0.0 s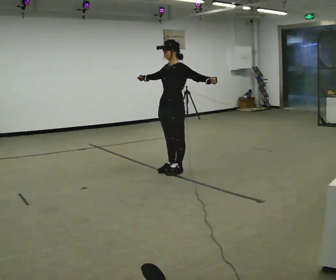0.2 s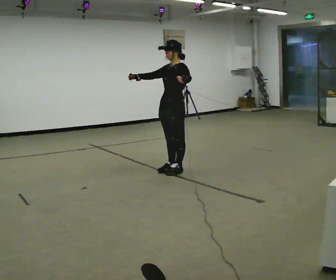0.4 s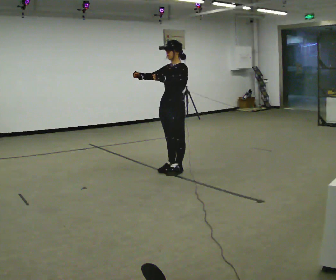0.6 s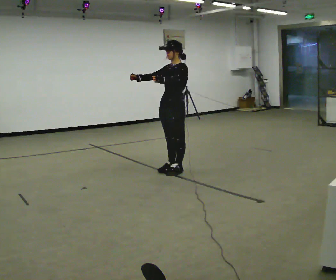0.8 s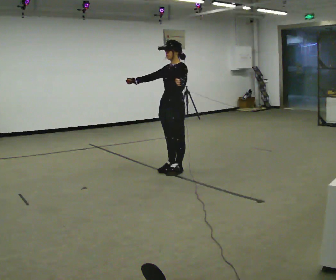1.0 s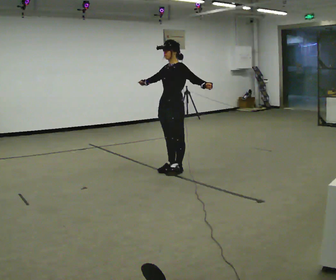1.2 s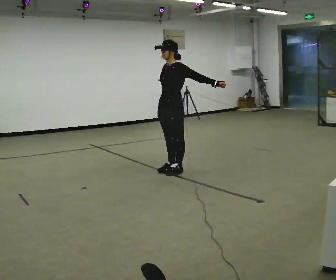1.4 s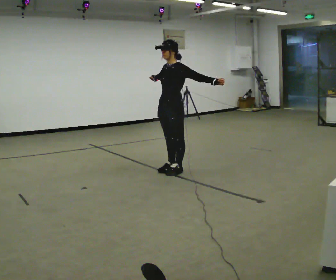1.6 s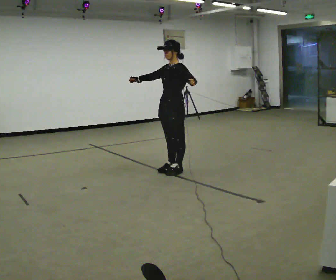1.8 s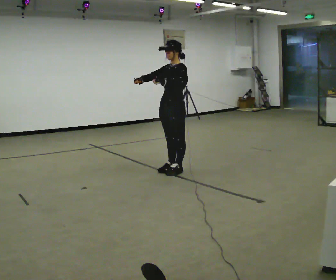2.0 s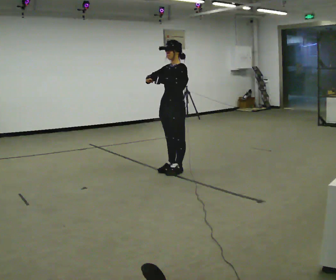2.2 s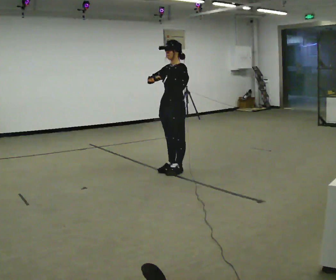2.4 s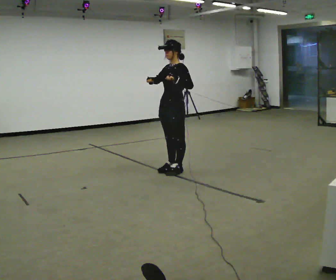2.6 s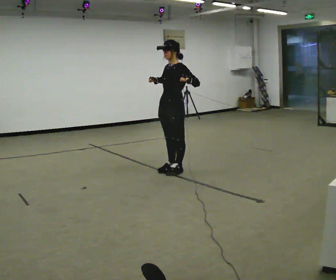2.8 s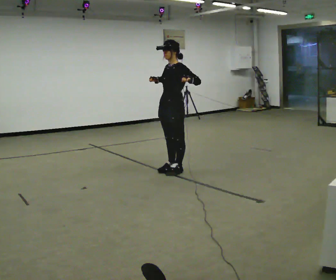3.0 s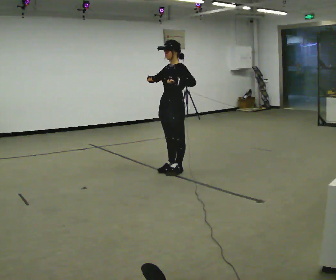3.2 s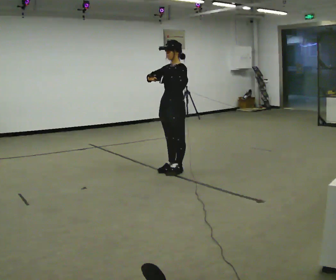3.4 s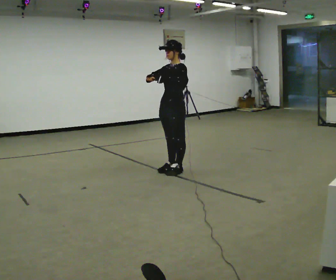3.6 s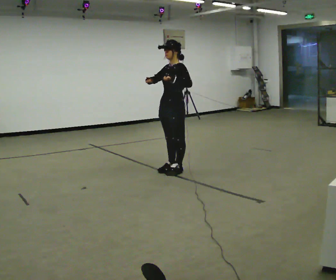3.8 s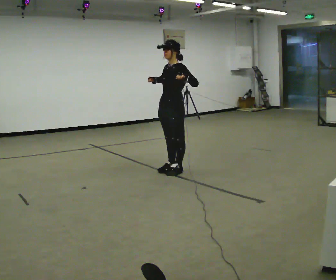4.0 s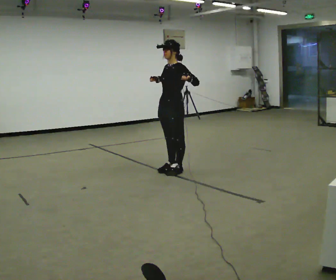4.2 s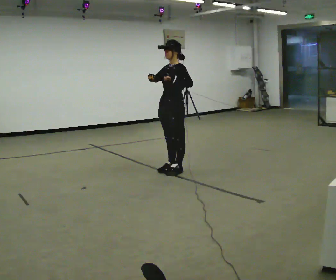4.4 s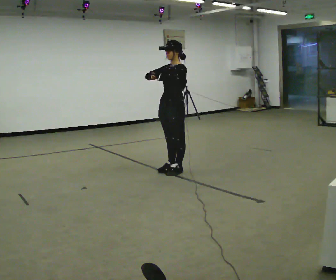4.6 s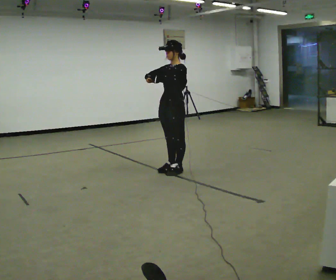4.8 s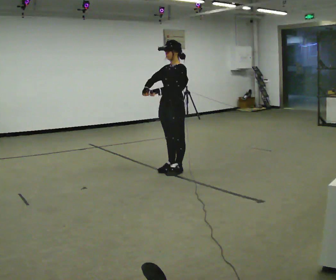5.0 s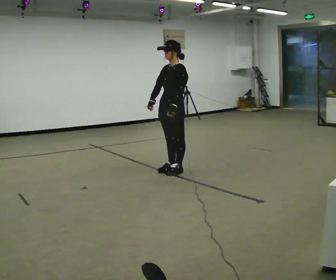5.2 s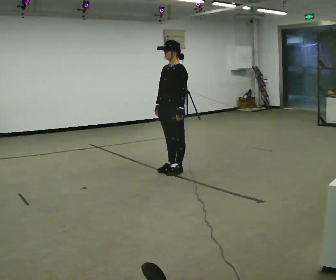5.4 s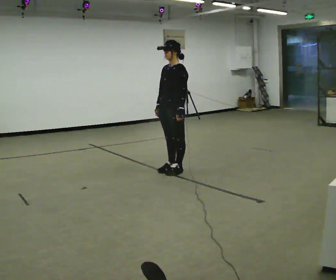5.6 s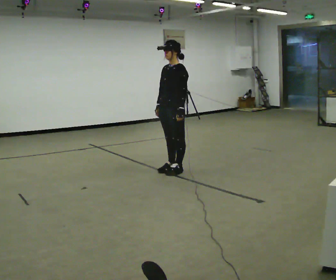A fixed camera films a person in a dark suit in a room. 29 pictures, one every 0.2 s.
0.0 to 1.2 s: The person moves a little, or ends about where they began.
1.2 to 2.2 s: In the picture their left hand goes to the left.
2.2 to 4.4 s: The person moves a little, or ends about where they began.
4.4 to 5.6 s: In the picture their left hand goes downward.
The film runs backward here.
